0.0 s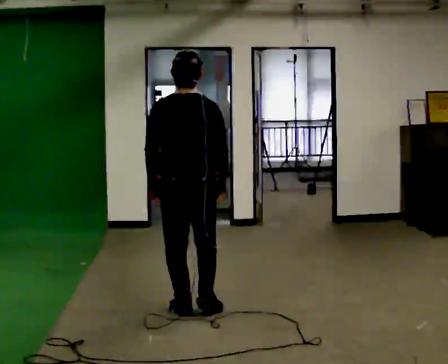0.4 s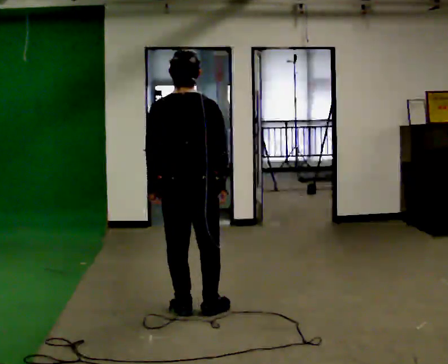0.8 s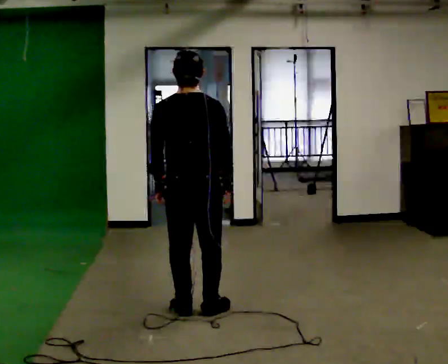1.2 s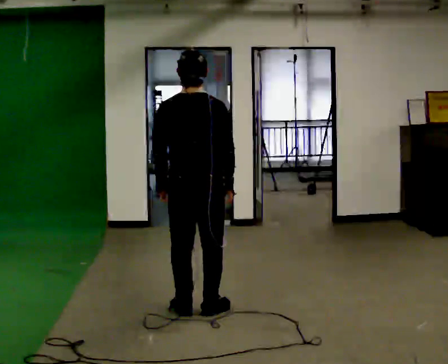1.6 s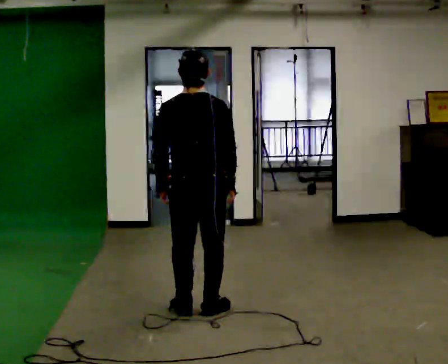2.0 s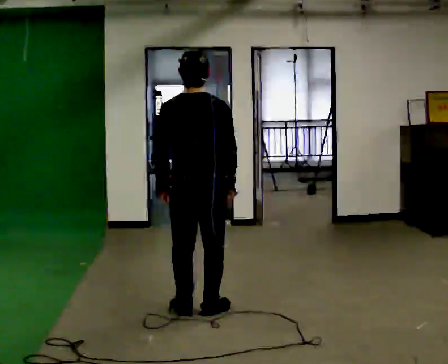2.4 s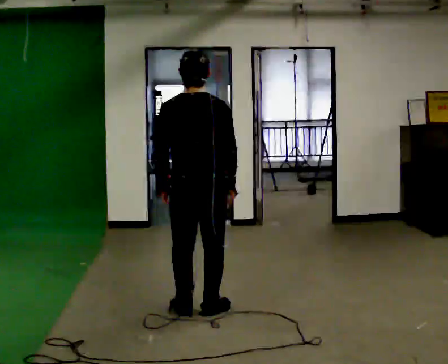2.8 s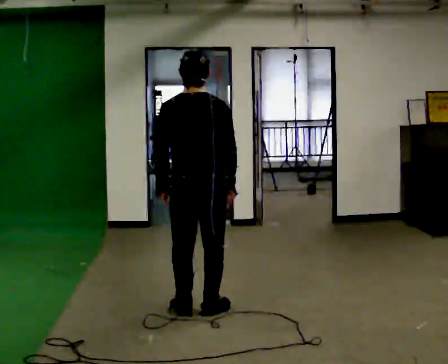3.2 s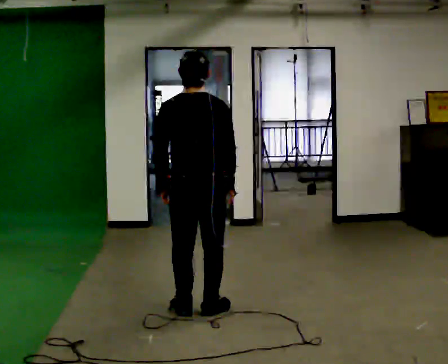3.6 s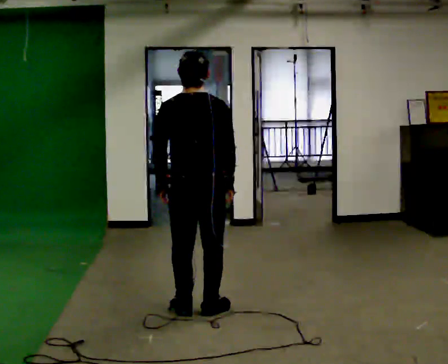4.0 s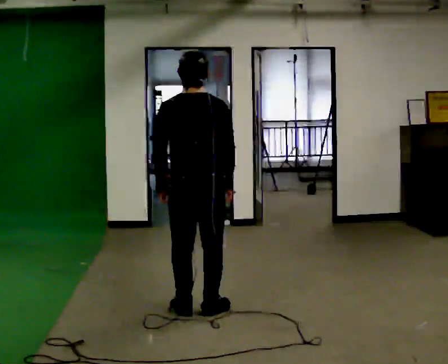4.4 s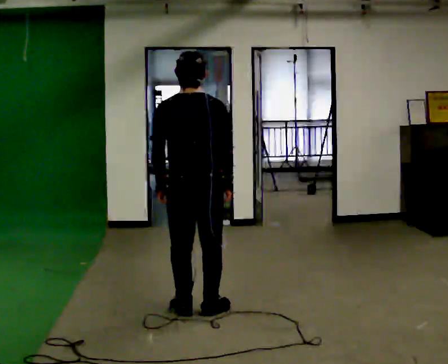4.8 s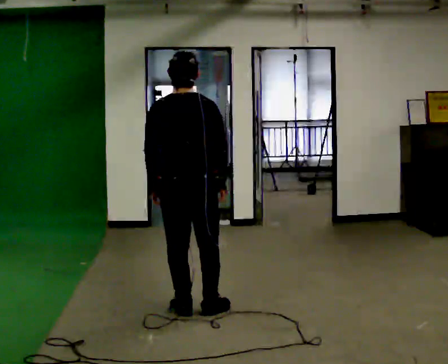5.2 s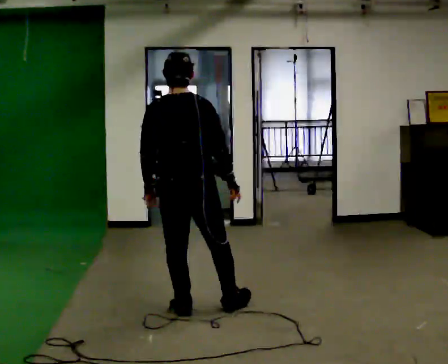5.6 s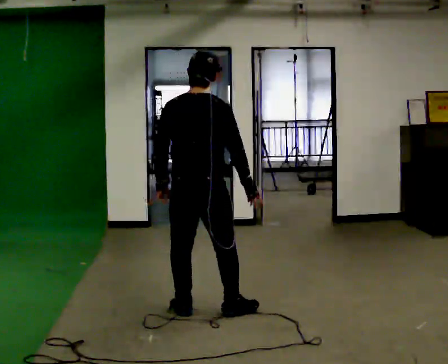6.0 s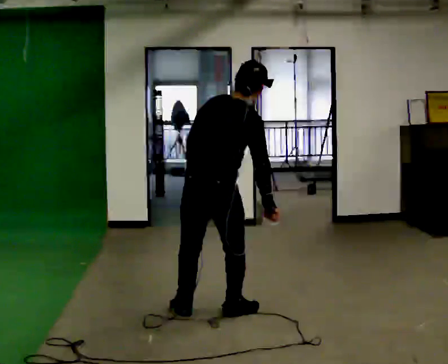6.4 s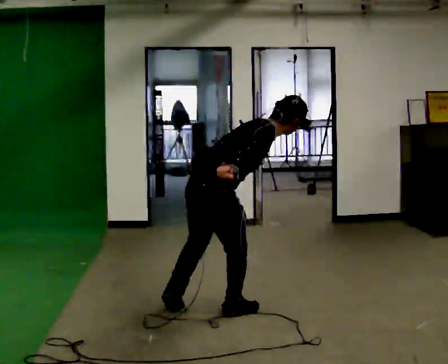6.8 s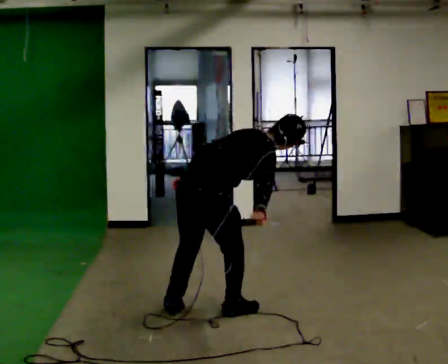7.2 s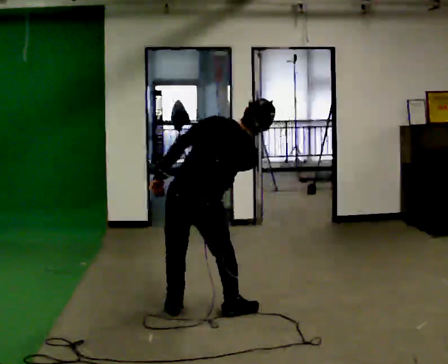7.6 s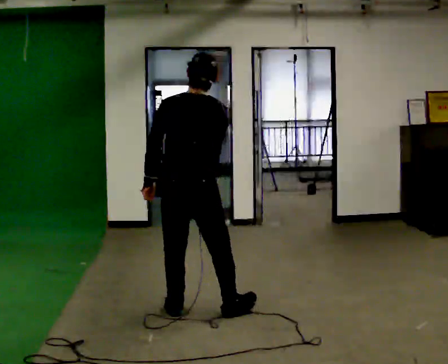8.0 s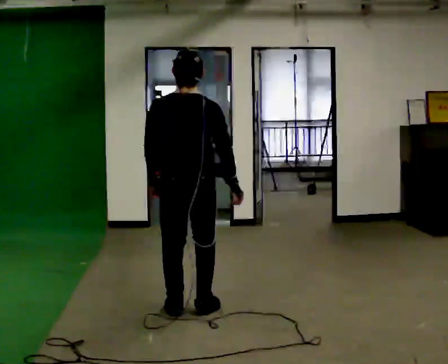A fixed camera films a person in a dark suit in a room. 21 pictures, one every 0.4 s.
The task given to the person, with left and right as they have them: Mime a bowling delivery with no ball: approach in place, swing down and release. Repeat the movement at your own pace until the operator says stop; do not rush.
0.0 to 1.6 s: The person moves a little, or ends about where they began.
1.6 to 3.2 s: The person keeps their place and pose.
3.2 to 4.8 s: The person moves a little, or ends about where they began.
4.8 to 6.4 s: Seen from above the body turns clockwise, about 75 degrees: to their right, with its near side sliding to the left. The shoulders move downward. In the picture the upper body tilts clockwise, shoulders to the right, as they bend forward.
6.4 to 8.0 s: The person turns about 60 degrees to their left, counterclockwise seen from above, so the part of the body nearest the lens slides to the right. In the picture the upper body tilts counterclockwise, shoulders to the left, as they lean back or straighten.
The film runs forward here.
